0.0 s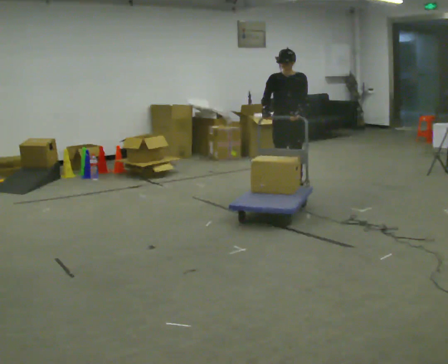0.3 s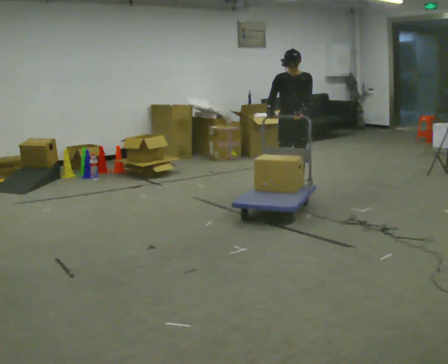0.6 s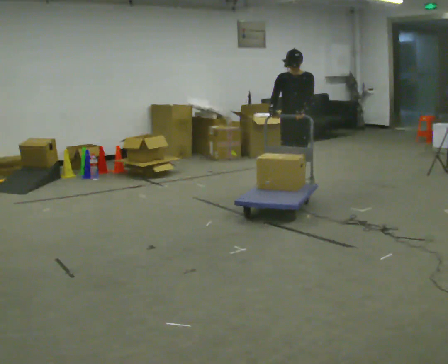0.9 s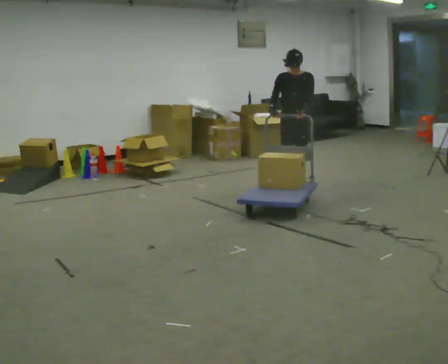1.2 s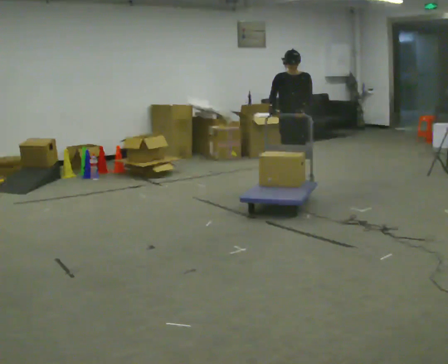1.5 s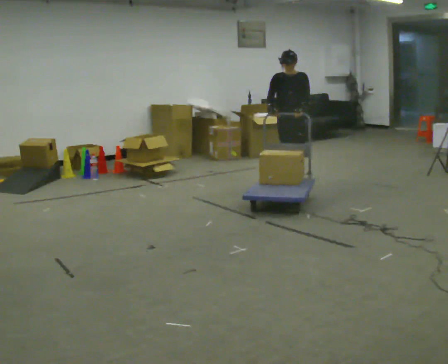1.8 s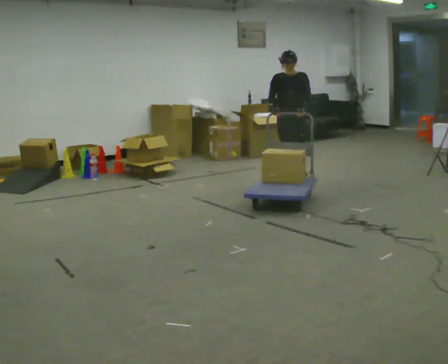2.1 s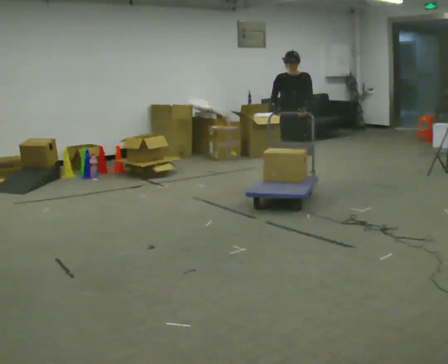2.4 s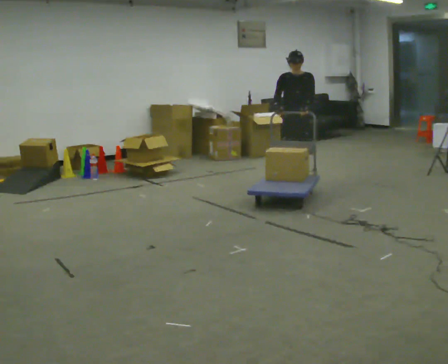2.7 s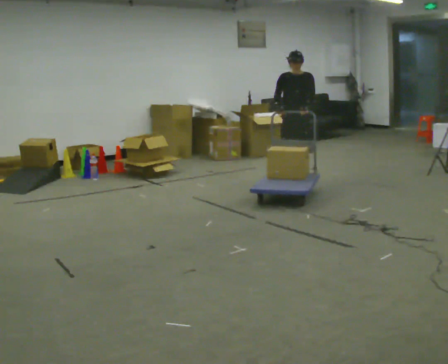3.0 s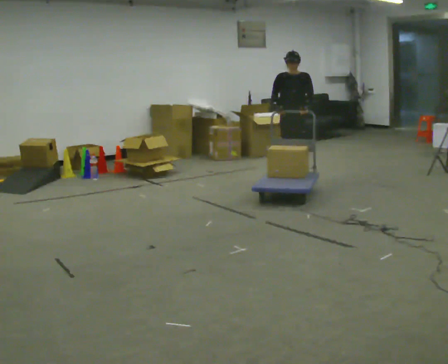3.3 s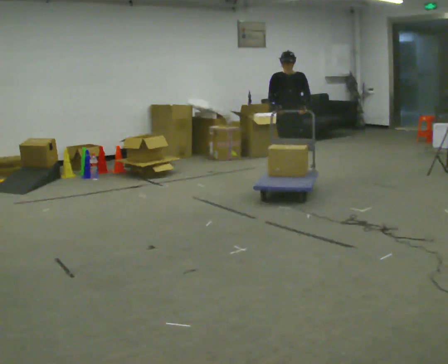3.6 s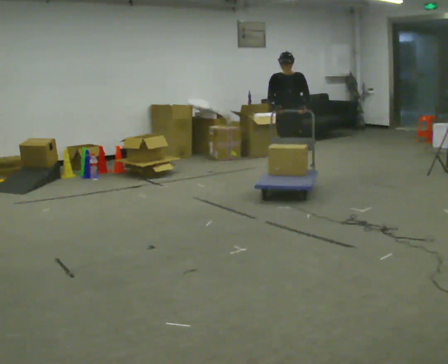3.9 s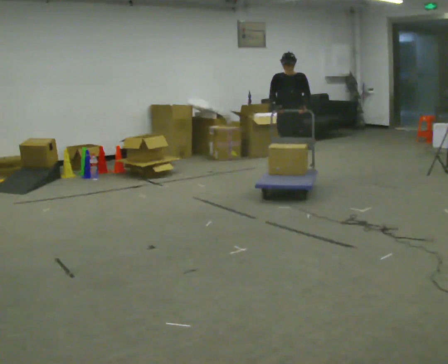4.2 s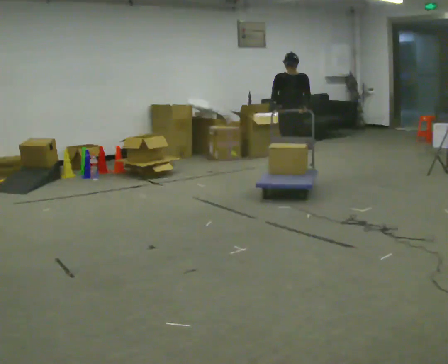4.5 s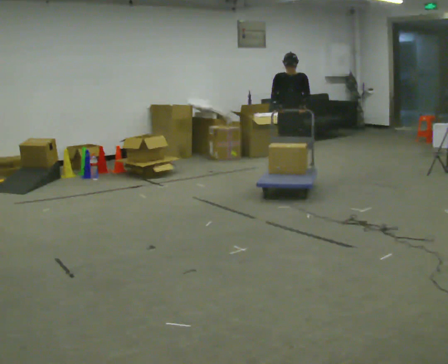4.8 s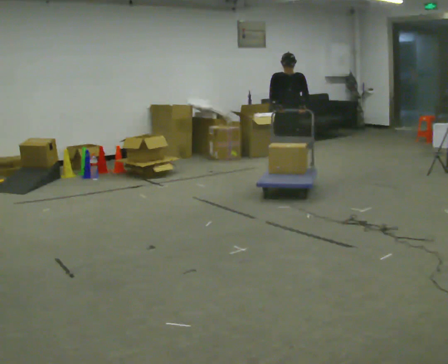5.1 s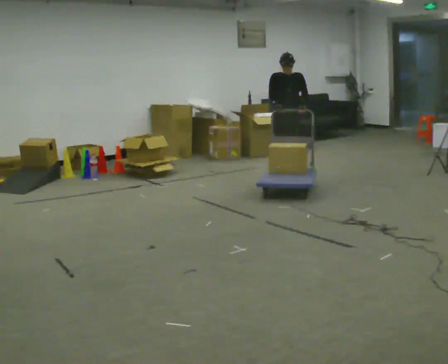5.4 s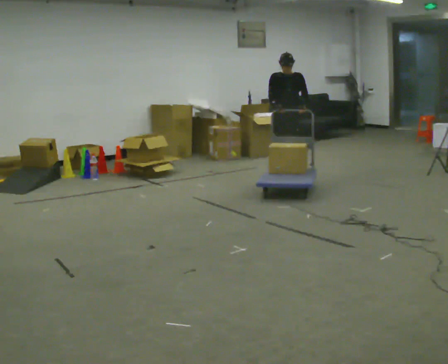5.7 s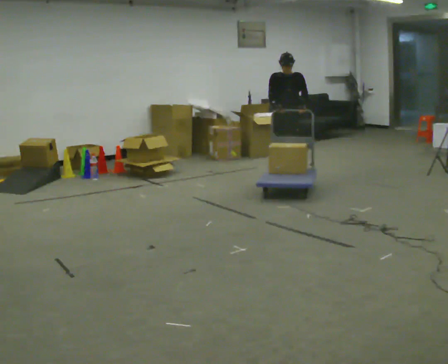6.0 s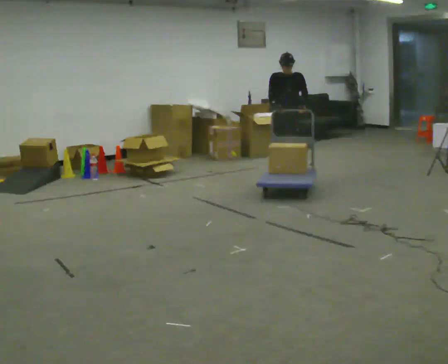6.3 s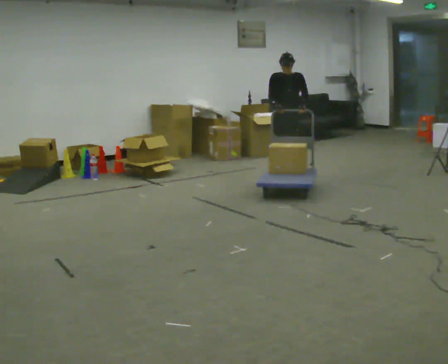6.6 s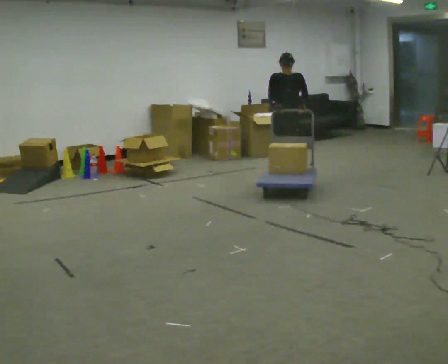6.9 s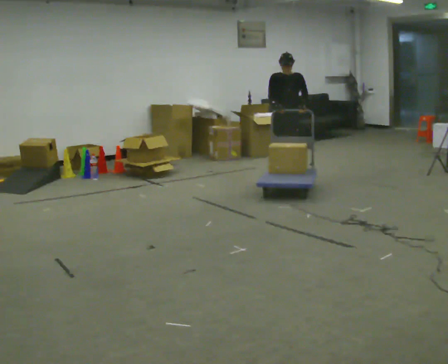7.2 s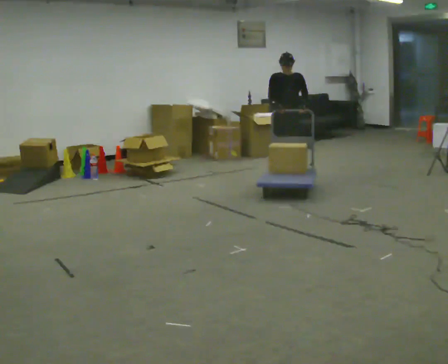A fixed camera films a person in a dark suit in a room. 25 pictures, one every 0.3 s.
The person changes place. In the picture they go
away from the camera.
0.0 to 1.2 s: In the picture they go away from the camera, about 0.25 m in 1 step, which for them is backward.
1.2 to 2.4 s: In the picture they go away from the camera, about 0.25 m in 1 step, which for them is backward.
2.4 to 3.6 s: In the picture they go away from the camera, about 0.25 m in 2 steps, which for them is backward.
3.6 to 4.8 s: In the picture they go away from the camera, about 0.25 m in 1 step, which for them is backward.
4.8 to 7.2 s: The person keeps their place and pose.
The film runs backward here.
